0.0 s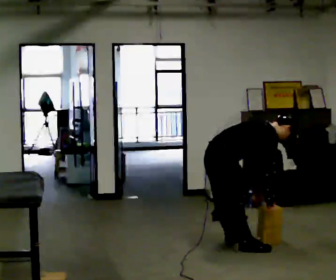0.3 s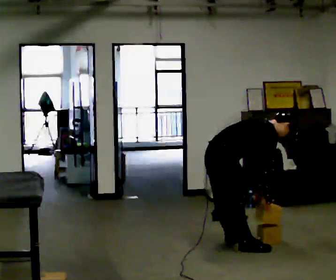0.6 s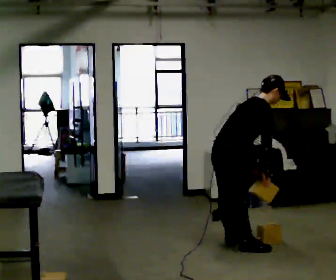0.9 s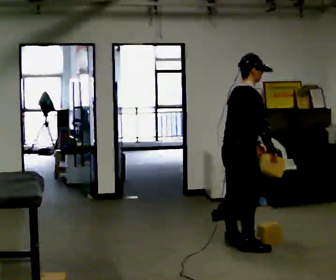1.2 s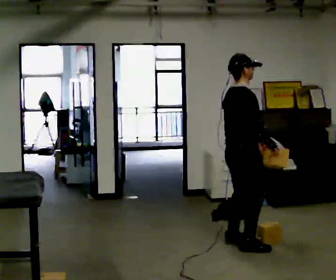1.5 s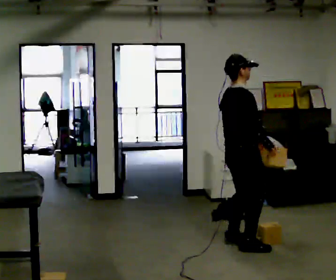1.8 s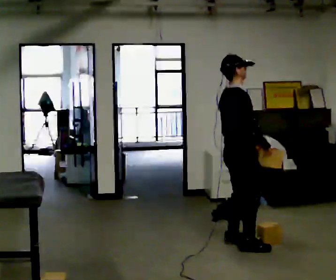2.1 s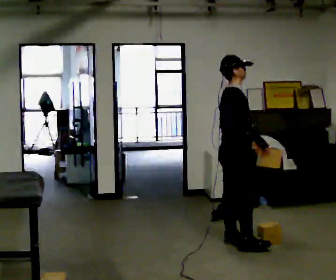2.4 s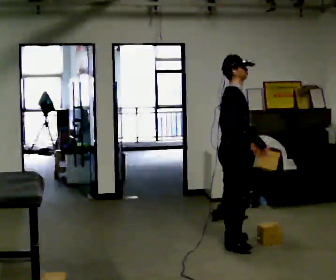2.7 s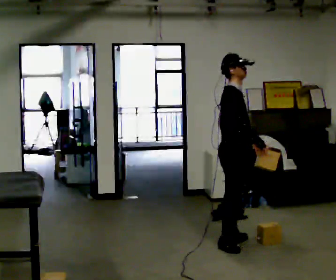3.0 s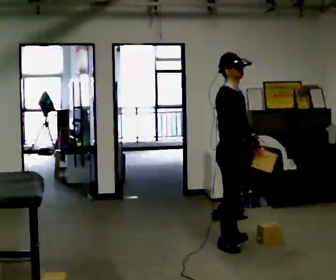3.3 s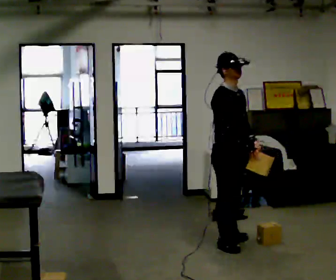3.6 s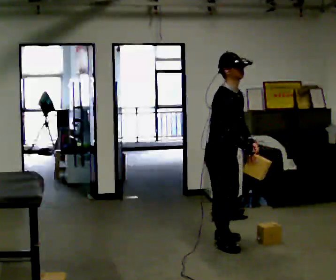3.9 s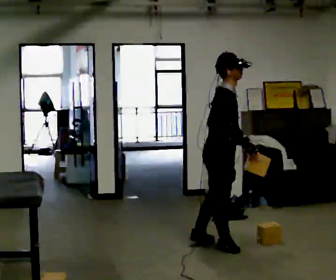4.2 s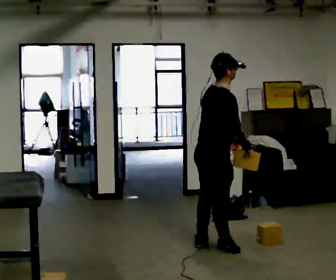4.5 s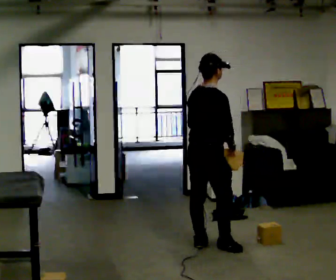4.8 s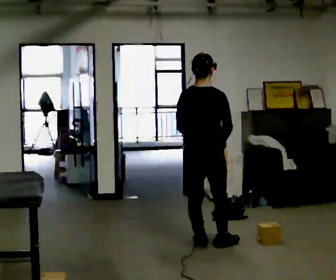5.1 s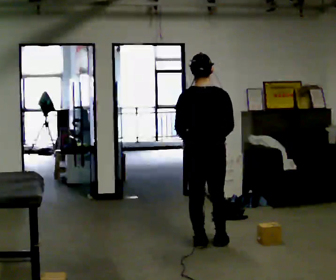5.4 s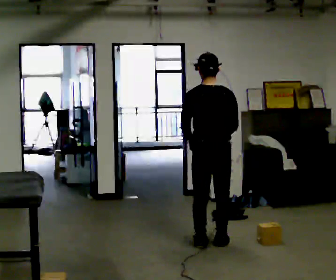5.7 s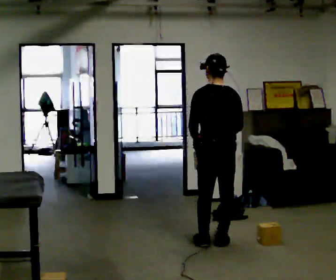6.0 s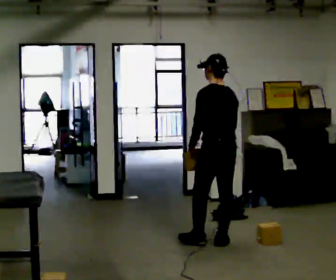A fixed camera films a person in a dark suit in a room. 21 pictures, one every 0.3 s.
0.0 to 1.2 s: In the picture they go to the right, about 0.25 m, which for them is forward. The upper body goes upward. In the picture the upper body tilts counterclockwise, shoulders to the left, as they lean back or straighten. In the picture their right hand goes upward.
1.2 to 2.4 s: The person moves a little, or ends about where they began.
2.4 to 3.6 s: In the picture they go toward the camera, about 0.25 m in 1 step, which for them is to their right.
3.6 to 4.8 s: The person turns about 90 degrees to their left, counterclockwise seen from above, so the part of the body nearest the lens slides to the right. In the picture their left hand goes to the left.
4.8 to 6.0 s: The person turns about 60 degrees to their left, counterclockwise seen from above, so the part of the body nearest the lens slides to the right. In the picture they go to the right, about 0.25 m.
The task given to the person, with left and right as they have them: Carry the object across the room and place it on the lowest shelf, crouching down to do it. Keep going until the operator says stop; one object at a time, and do not rush between trips.
The film runs forward here.
